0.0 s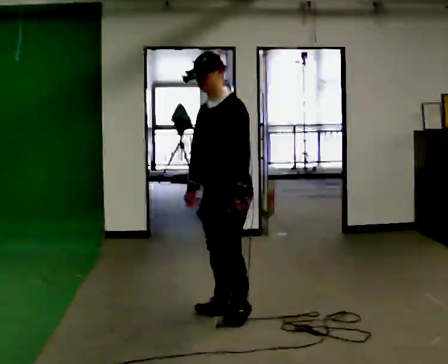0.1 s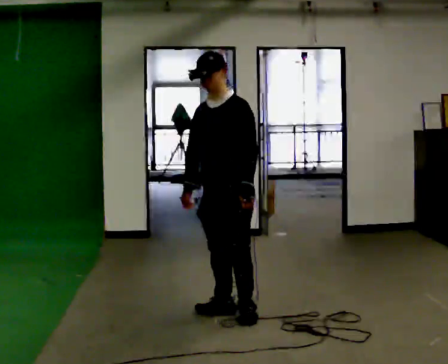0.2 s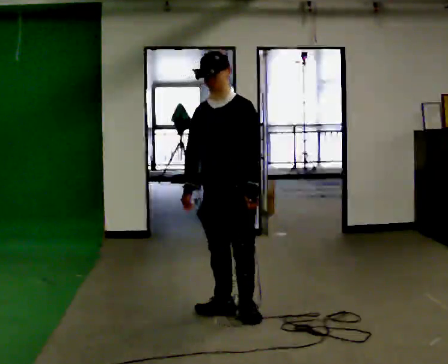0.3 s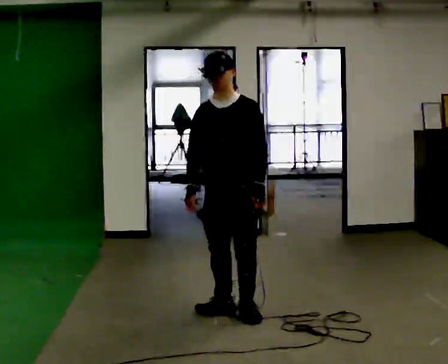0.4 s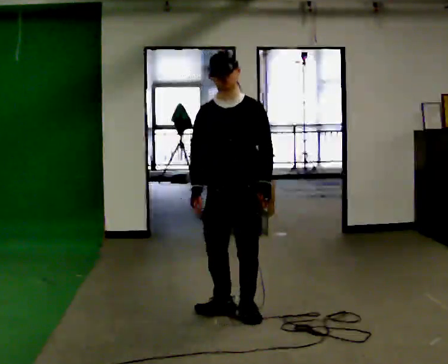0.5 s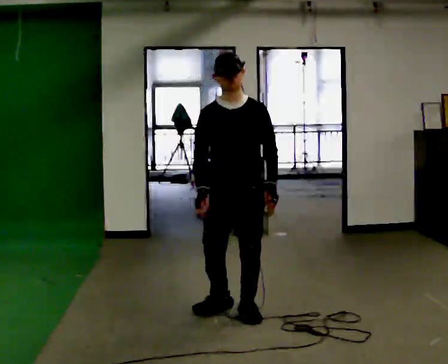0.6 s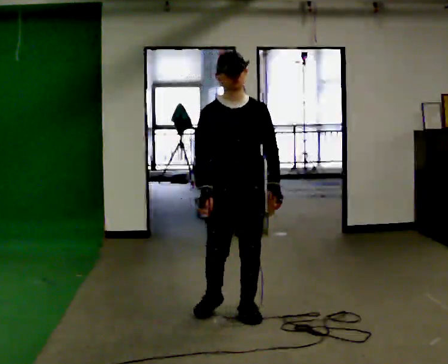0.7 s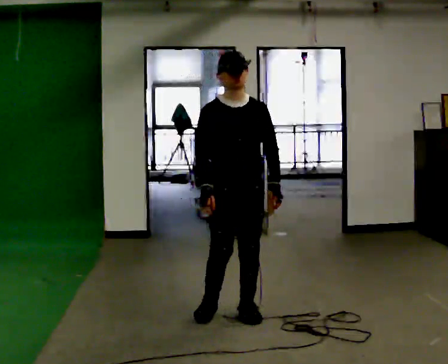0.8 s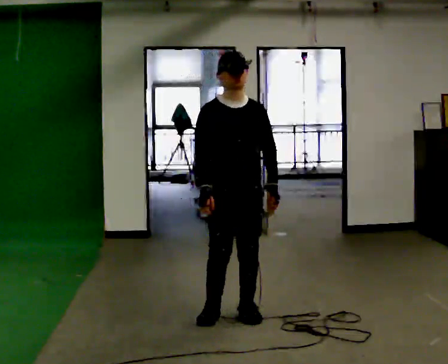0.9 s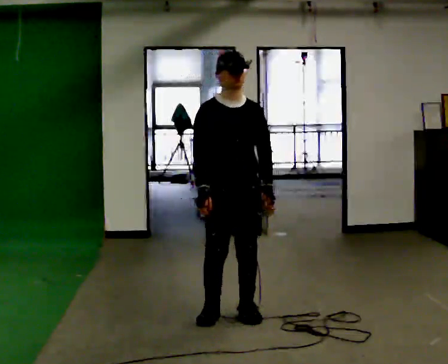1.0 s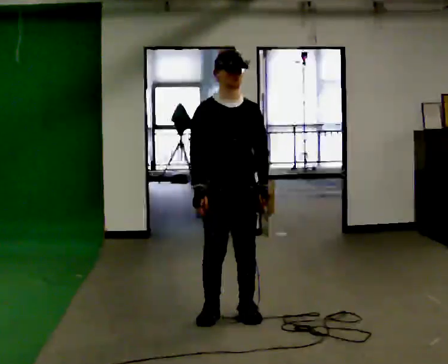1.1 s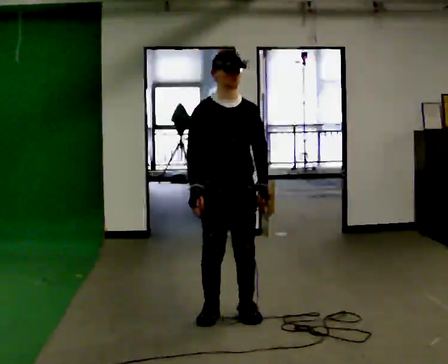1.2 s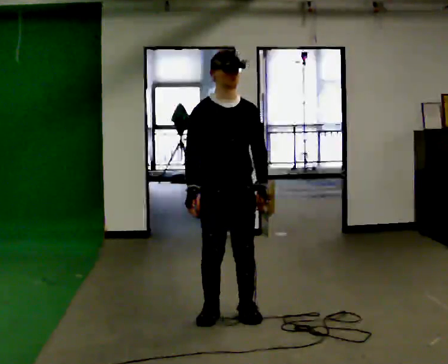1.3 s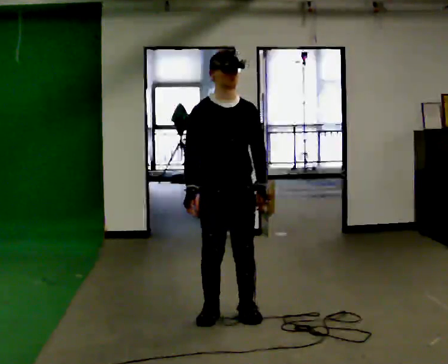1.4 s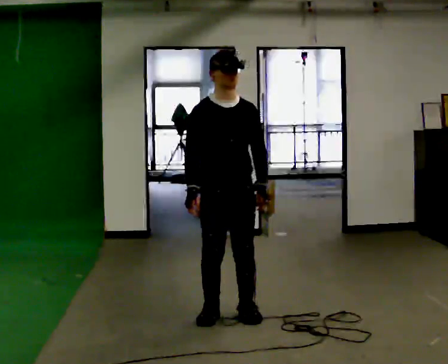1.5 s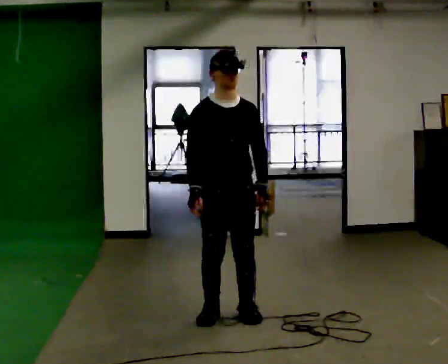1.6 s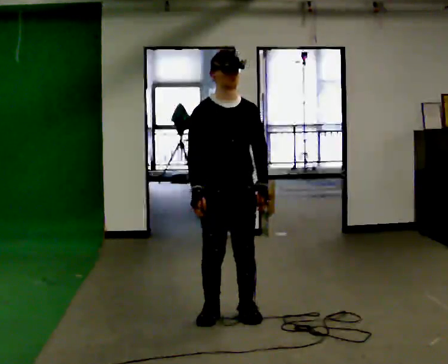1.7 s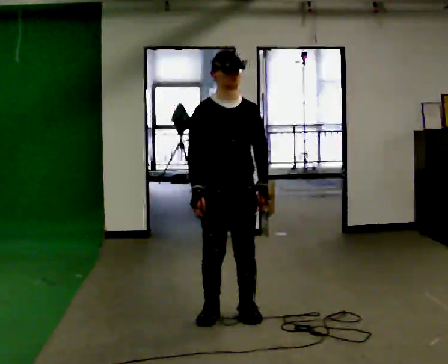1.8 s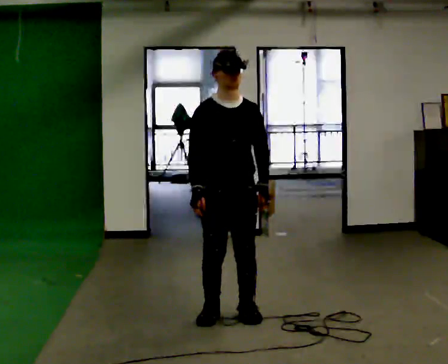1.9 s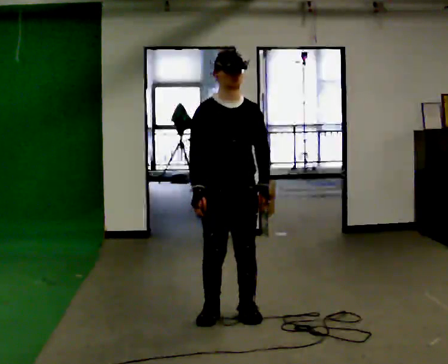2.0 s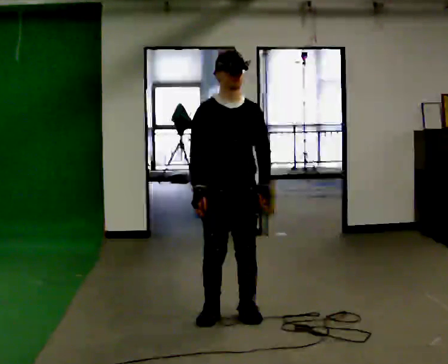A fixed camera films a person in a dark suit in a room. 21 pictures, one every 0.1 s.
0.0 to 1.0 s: Seen from above the body turns counterclockwise, about 60 degrees: to their left, with its near side sliding to the right.
1.0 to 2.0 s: The person moves a little, or ends about where they began.
The film runs forward here.
